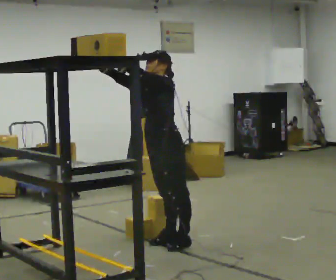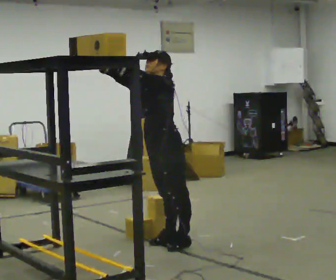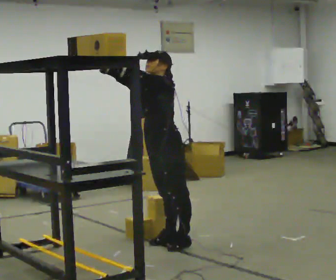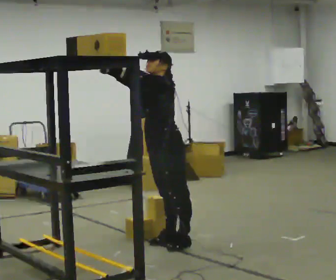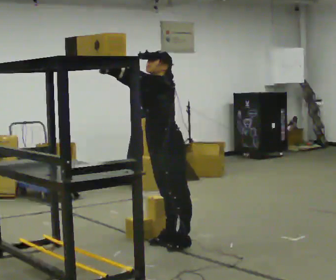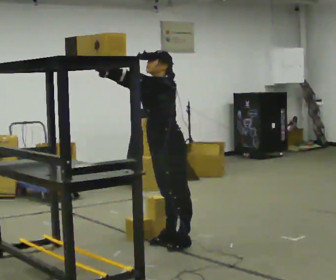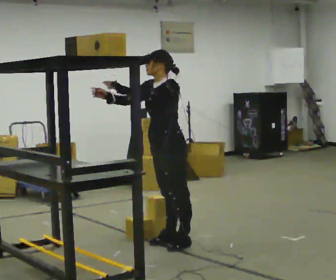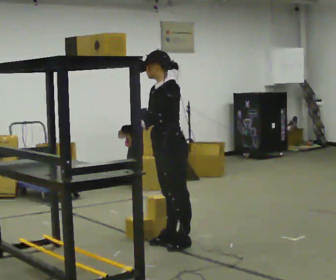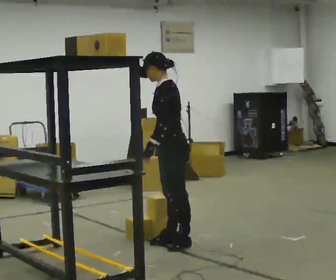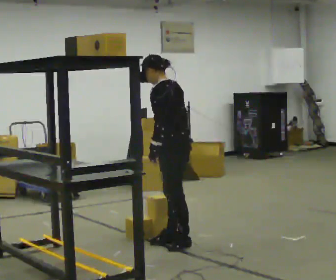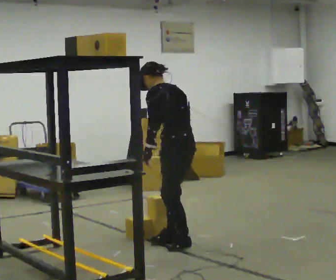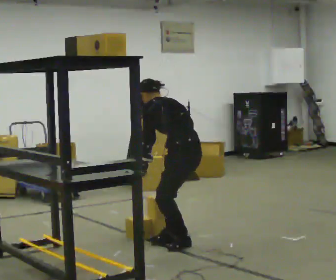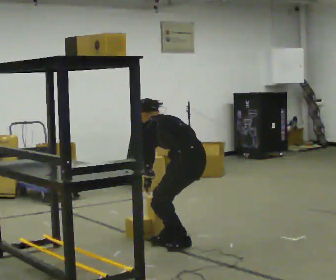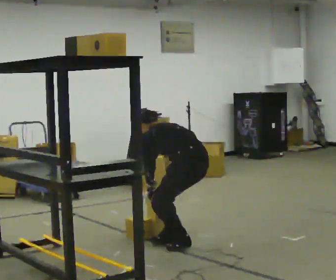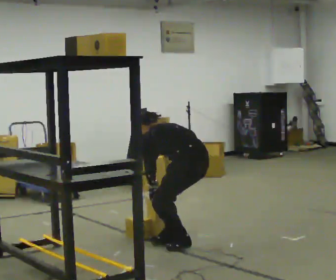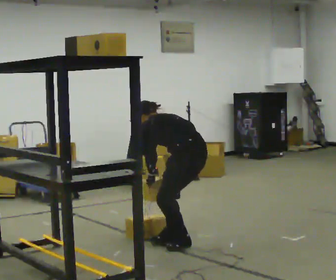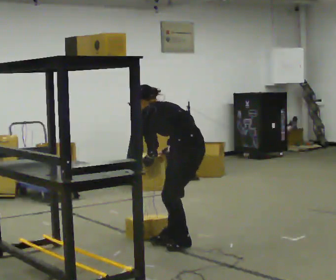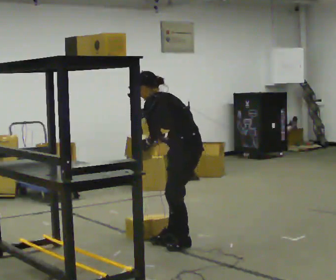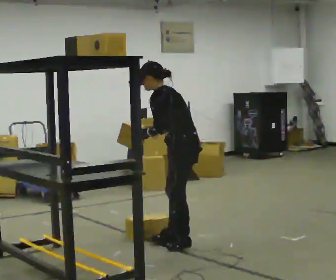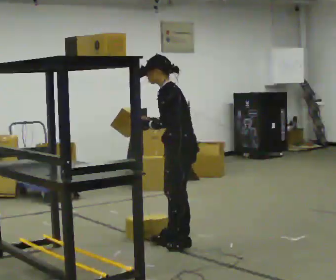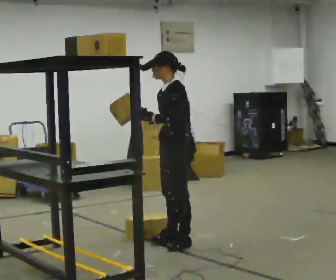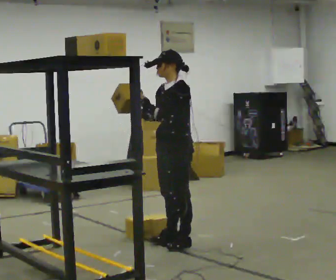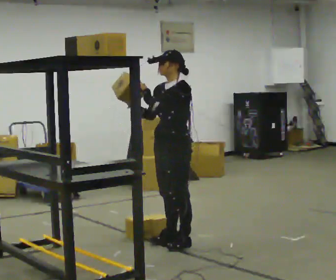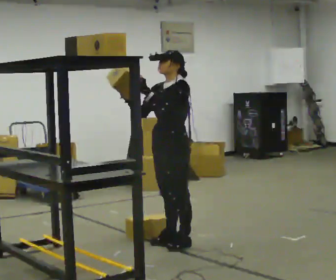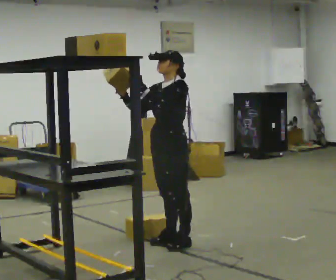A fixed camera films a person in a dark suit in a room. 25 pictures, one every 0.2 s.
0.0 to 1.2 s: In the picture their right hand goes downward.
1.2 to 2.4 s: The person turns about 60 degrees to their right, clockwise seen from above, so the part of the body nearest the lens slides to the left. In the picture they go to the right, about 0.25 m. The upper body goes downward. The upper body tips away from the camera, its near side rolling upward, as they bend forward. In the picture their right hand goes downward and to the right, the arm swinging counterclockwise.
2.4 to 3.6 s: The part of the body nearest the lens slides to the right as the person turns to their left by about 30 degrees. The upper body goes upward. In the picture their right hand goes upward.
3.6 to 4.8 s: Seen from above the body turns counterclockwise, about 45 degrees: to their left, with its near side sliding to the right. In the picture the upper body tilts clockwise, shoulders to the right, as they lean back or straighten.
The film runs forward here.
